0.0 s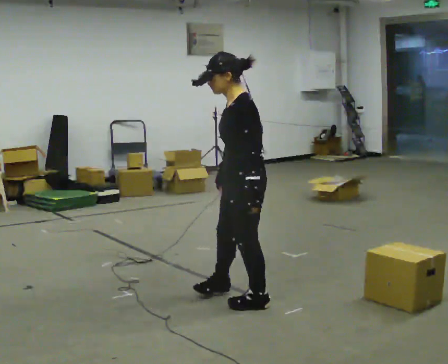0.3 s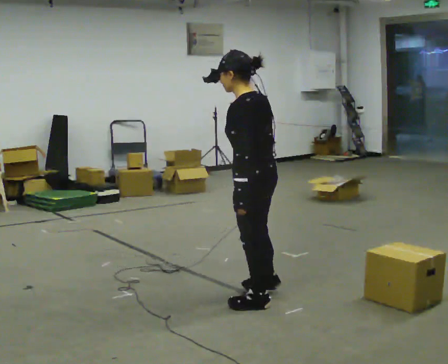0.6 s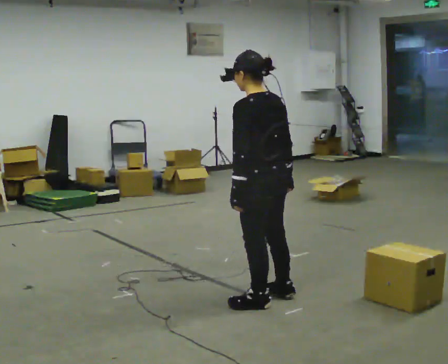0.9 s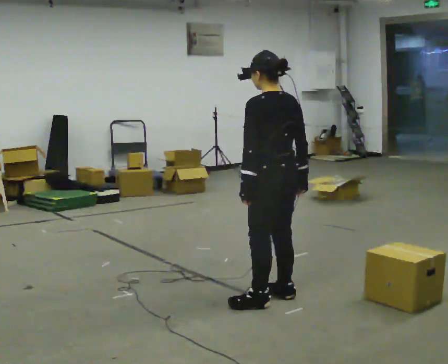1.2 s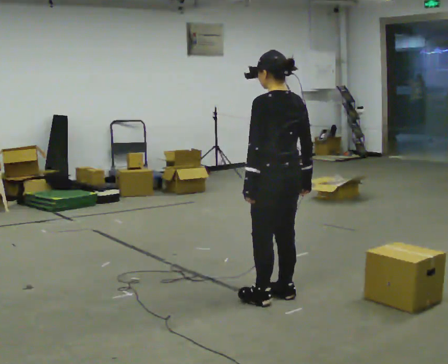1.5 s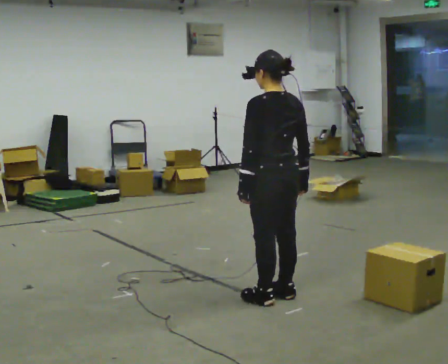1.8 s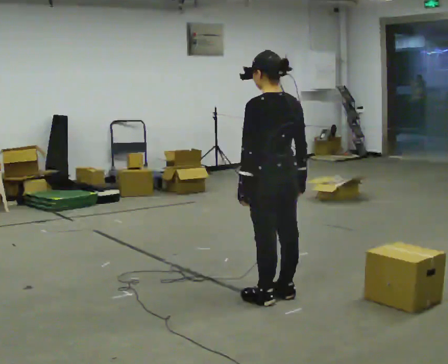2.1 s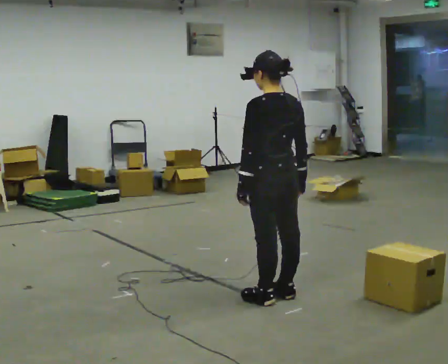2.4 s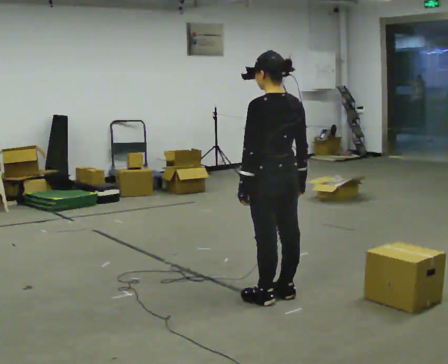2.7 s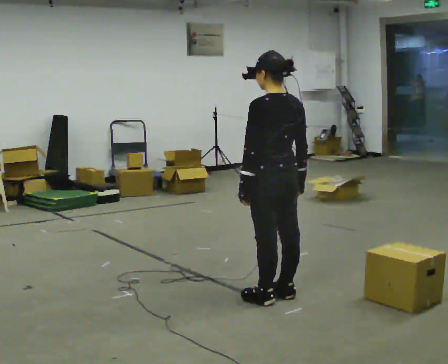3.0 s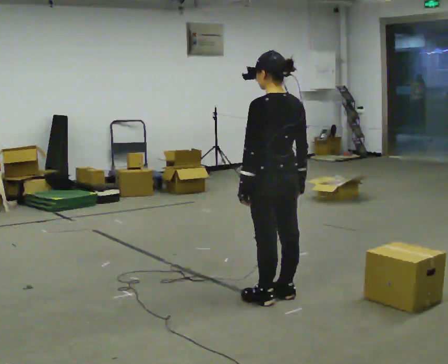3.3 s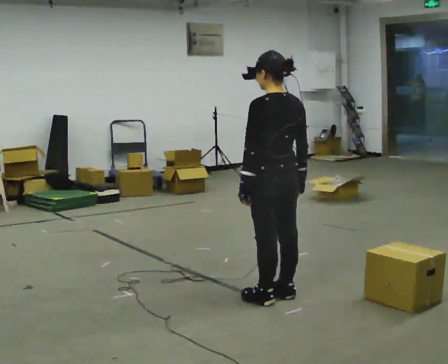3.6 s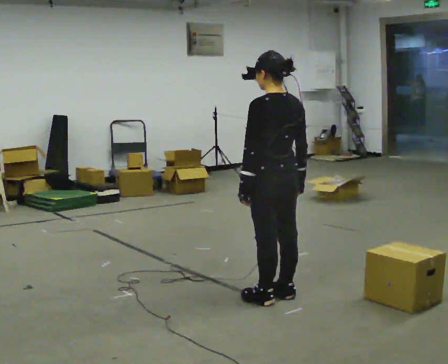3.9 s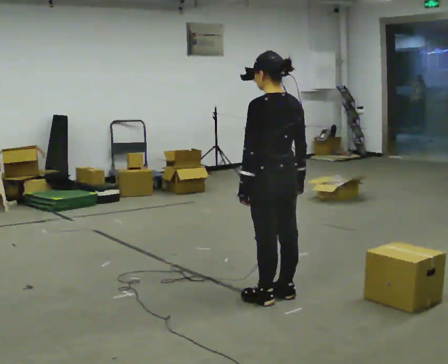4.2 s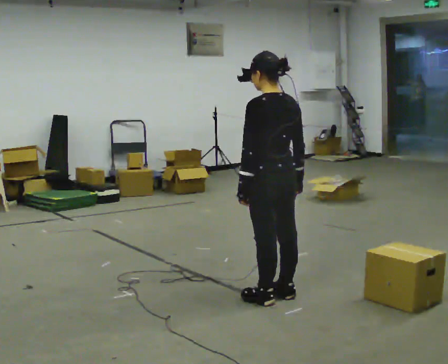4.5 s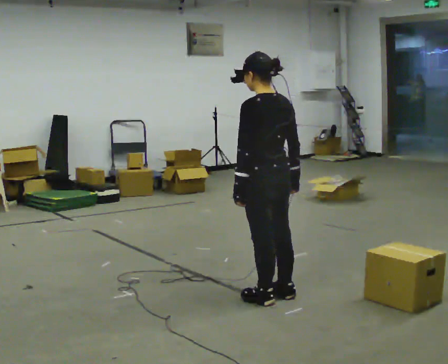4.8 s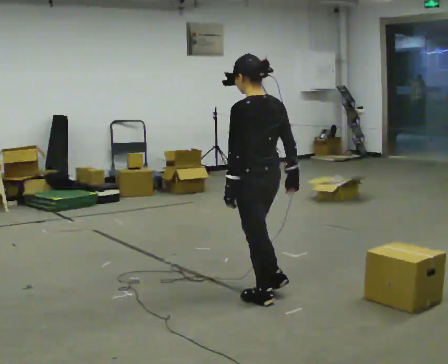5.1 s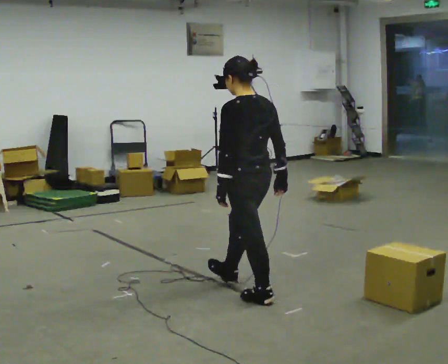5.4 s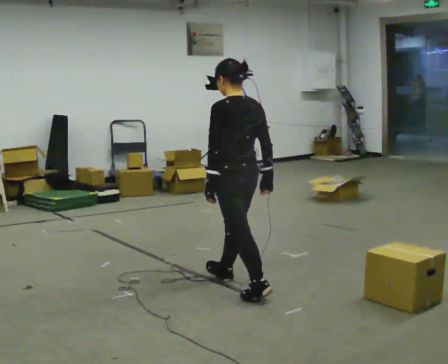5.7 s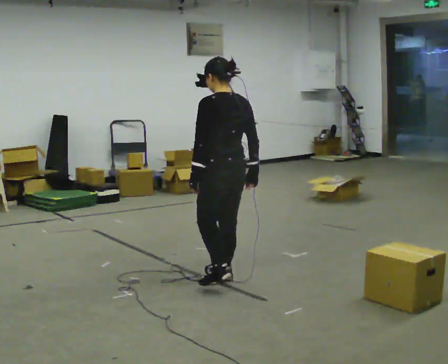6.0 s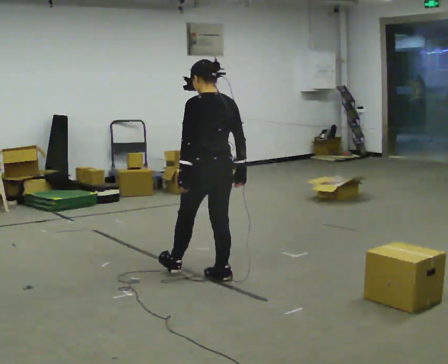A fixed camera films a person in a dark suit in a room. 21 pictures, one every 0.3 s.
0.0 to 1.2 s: The part of the body nearest the lens slides to the left as the person turns to their right by about 60 degrees. In the picture they go to the right, about 0.25 m in 1 step, which for them is to their right. In the picture their right hand goes to the right.
1.2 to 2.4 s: The person moves a little, or ends about where they began.
2.4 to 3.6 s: The person keeps their place and pose.
3.6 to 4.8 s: The person moves a little, or ends about where they began.
4.8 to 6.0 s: In the picture they go away from the camera and to the left, about 0.5 m in 1 step, which for them is forward.
The film runs forward here.
